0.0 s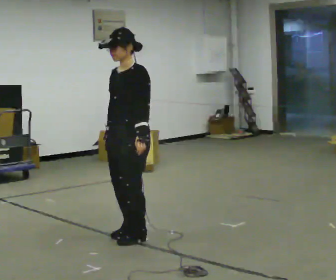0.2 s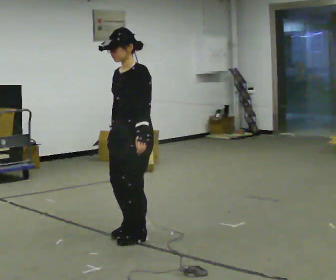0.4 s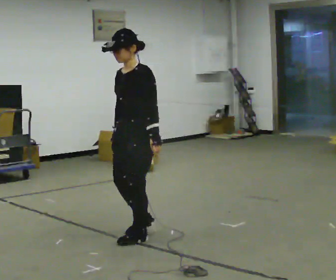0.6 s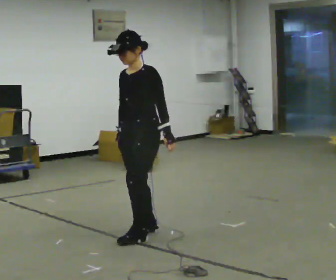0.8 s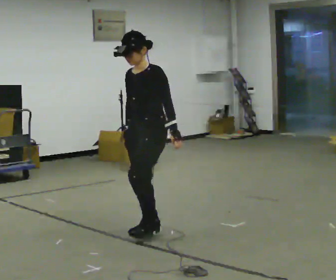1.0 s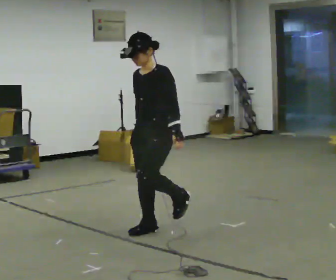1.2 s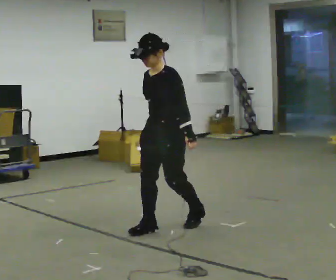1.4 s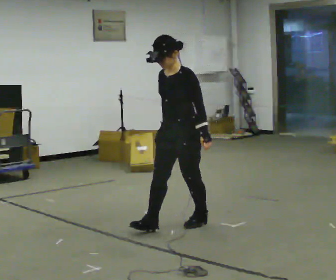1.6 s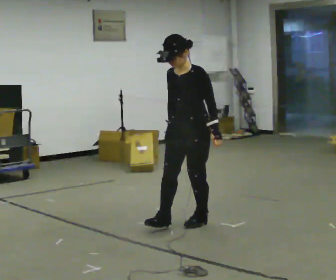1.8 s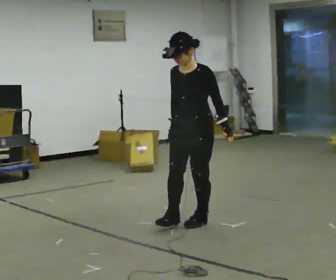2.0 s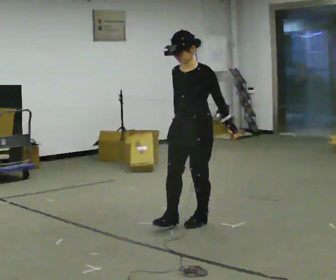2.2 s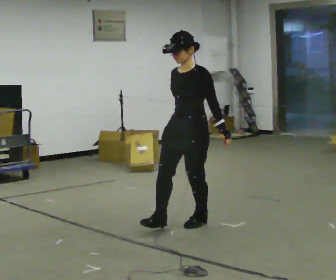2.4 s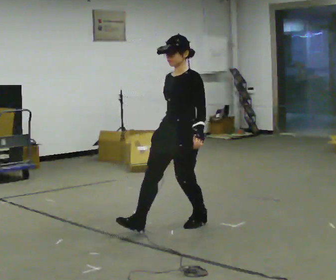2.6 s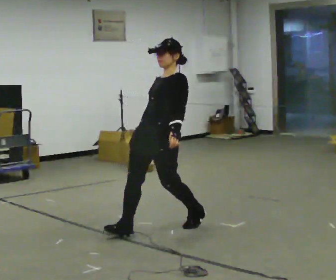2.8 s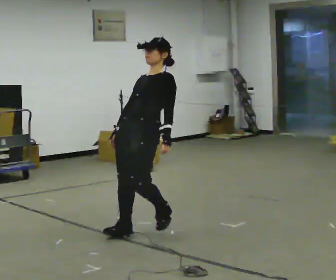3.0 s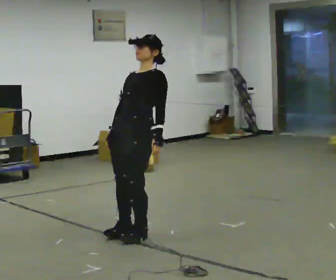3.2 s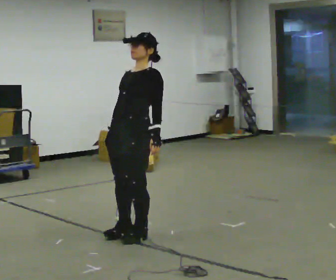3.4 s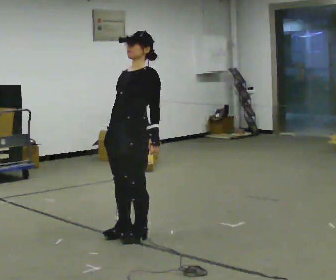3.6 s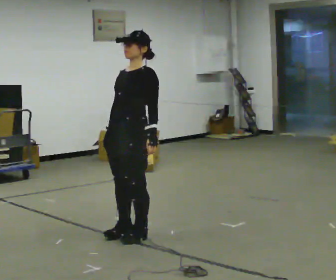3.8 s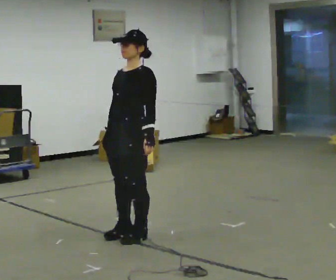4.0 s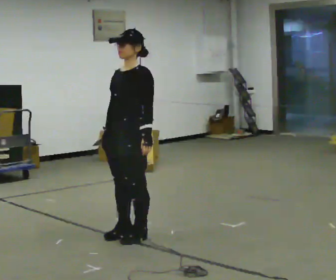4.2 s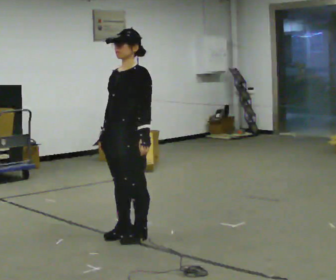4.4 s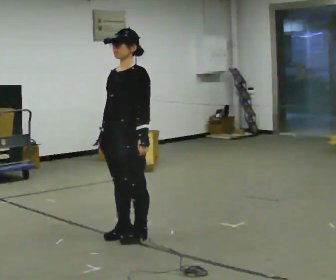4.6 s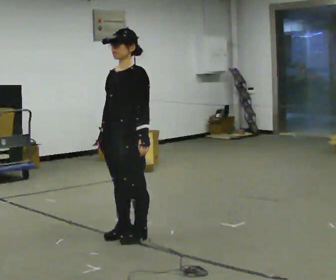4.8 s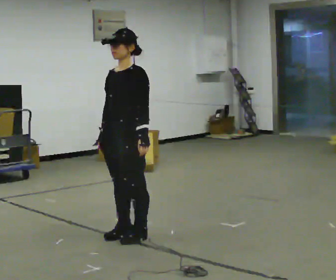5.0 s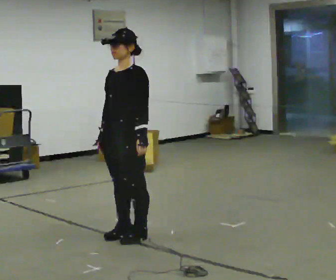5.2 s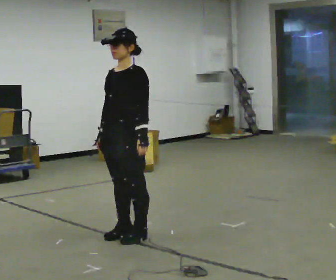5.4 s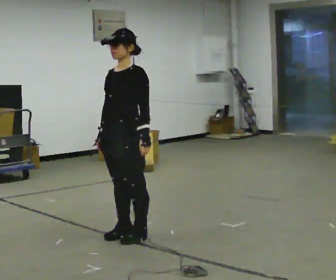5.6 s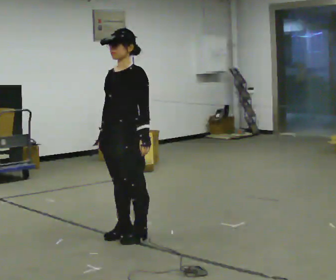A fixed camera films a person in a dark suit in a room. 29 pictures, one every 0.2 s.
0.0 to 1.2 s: In the picture they go to the right and away from the camera, about 0.25 m in 2 steps, which for them is backward.
1.2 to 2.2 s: In the picture they go to the right, about 0.25 m in 2 steps, which for them is backward.
2.2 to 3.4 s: In the picture they go to the left and toward the camera, about 0.5 m in 1 step, which for them is forward.
3.4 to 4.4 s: The person moves a little, or ends about where they began.
4.4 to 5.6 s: The person keeps their place and pose.
The film runs backward here.
